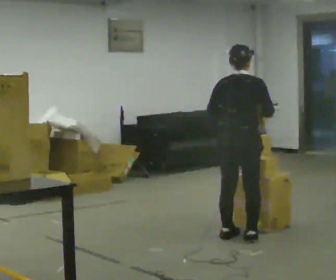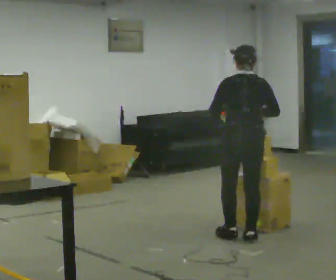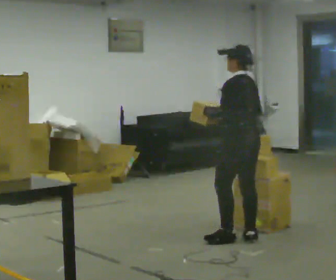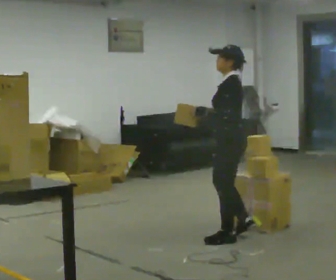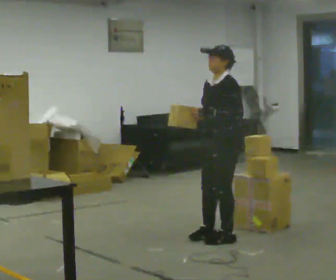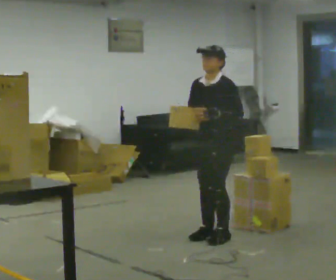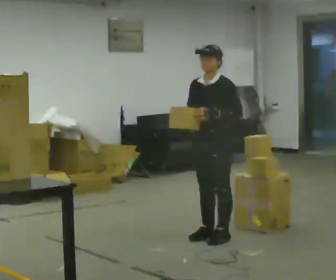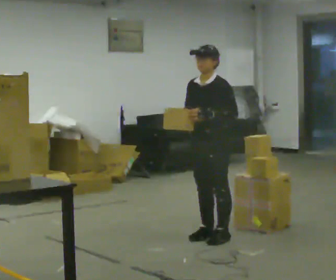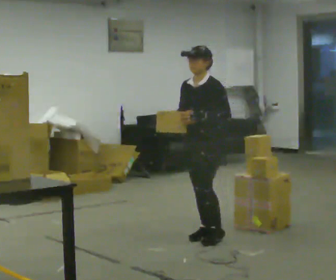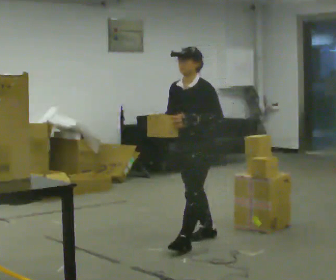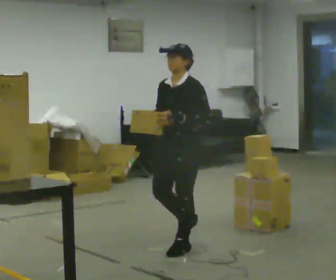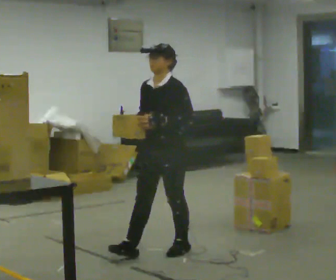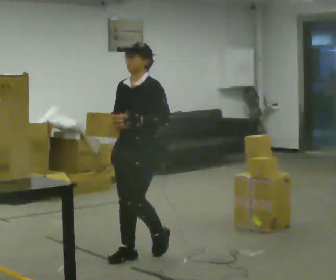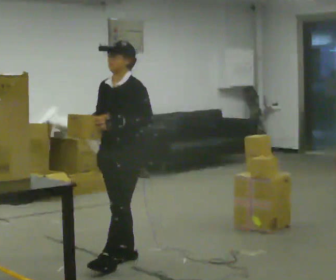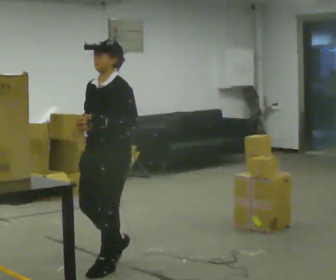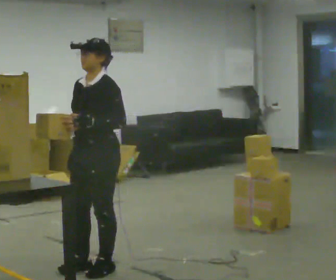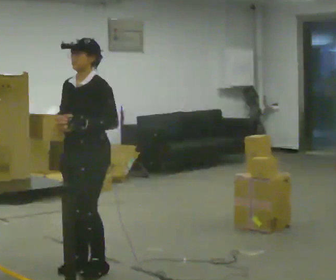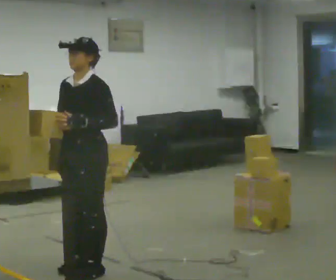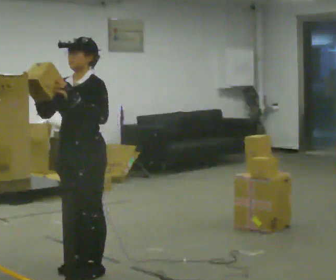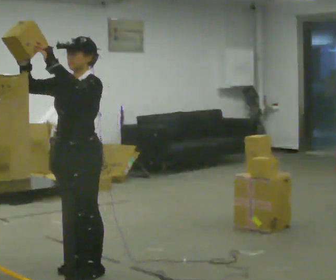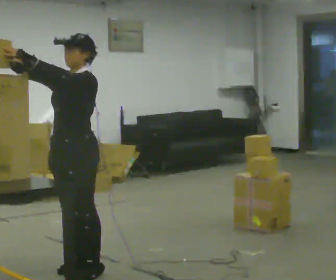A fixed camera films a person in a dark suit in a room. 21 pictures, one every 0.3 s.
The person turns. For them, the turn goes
to their left.
The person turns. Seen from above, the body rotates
counterclockwise.
0.0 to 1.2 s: The person turns about 135 degrees to their left, counterclockwise seen from above, so the part of the body nearest the lens slides to the right.
1.2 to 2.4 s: In the picture they go to the left, about 0.25 m in 1 step, which for them is to their right.
2.4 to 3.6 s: In the picture they go toward the camera and to the left, about 0.5 m in 2 steps, which for them is forward.
3.6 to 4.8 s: In the picture they go toward the camera and to the left, about 0.5 m in 2 steps, which for them is forward.
4.8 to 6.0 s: In the picture their right hand goes upward.
The film runs forward here.
